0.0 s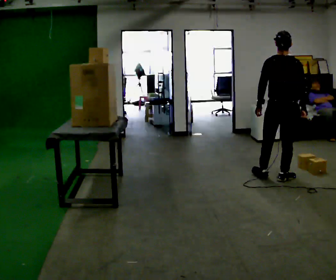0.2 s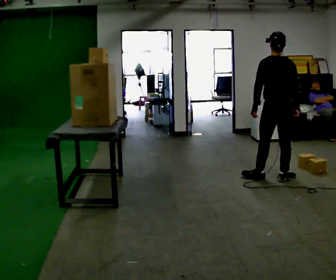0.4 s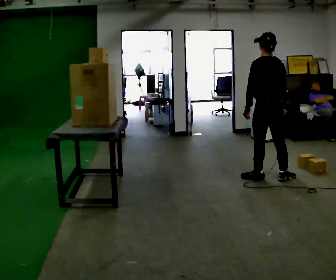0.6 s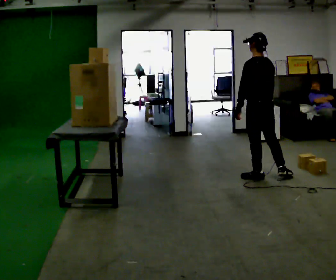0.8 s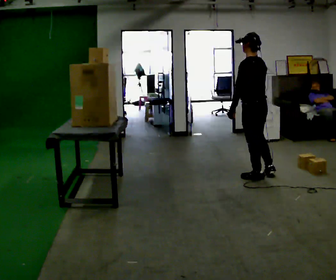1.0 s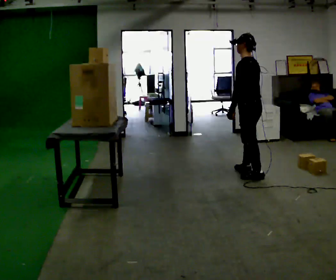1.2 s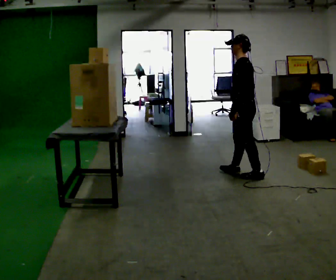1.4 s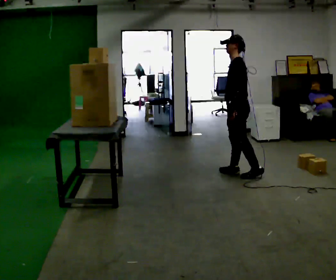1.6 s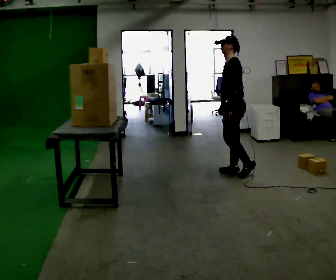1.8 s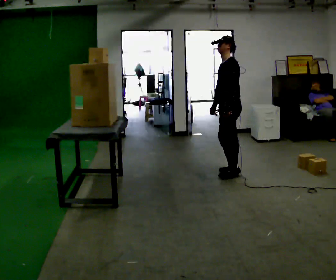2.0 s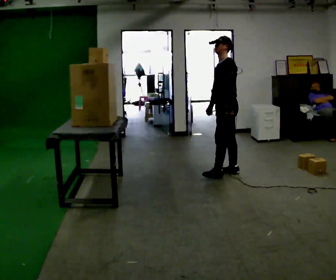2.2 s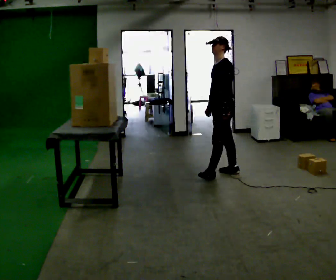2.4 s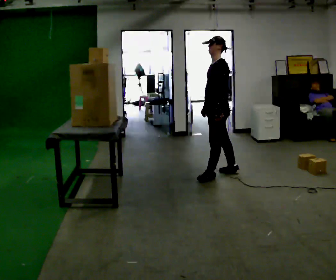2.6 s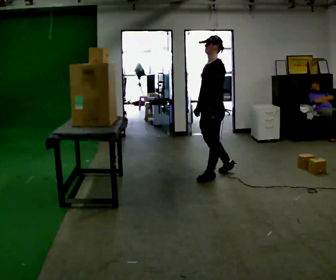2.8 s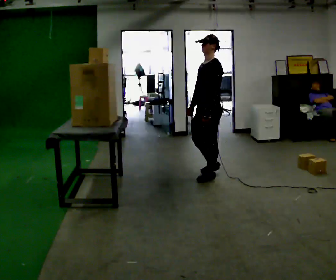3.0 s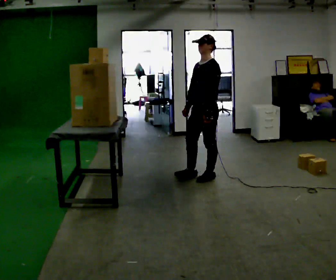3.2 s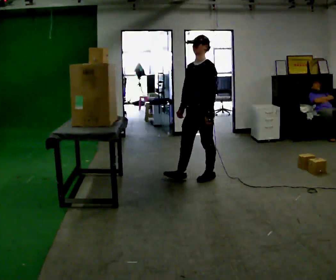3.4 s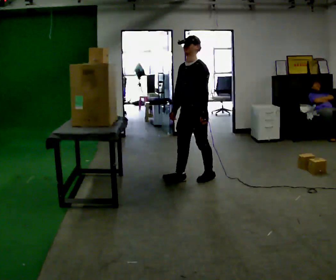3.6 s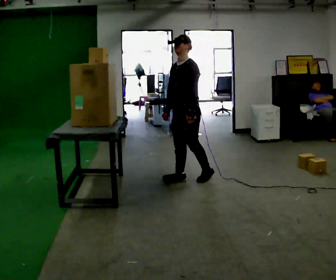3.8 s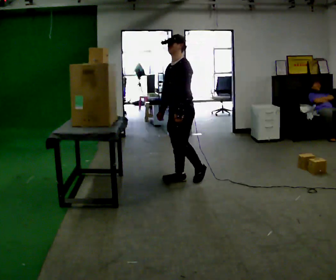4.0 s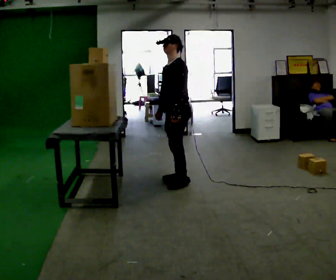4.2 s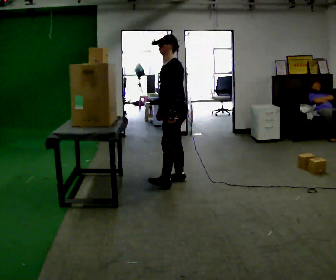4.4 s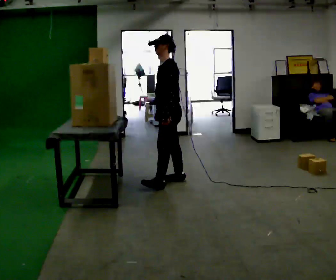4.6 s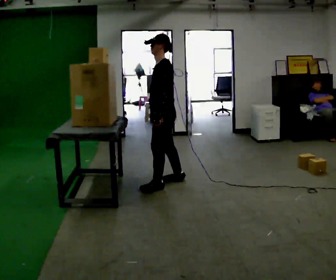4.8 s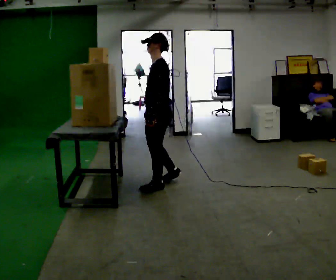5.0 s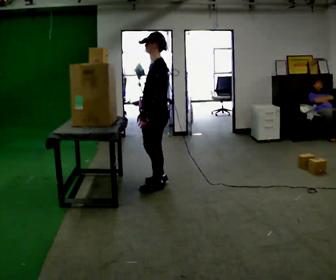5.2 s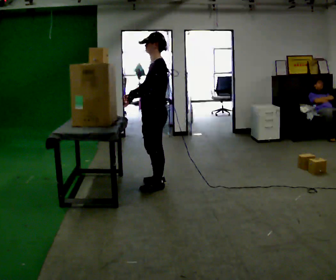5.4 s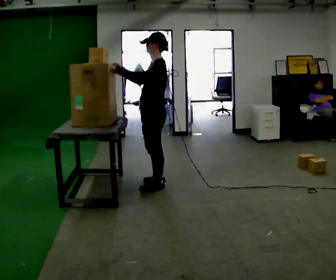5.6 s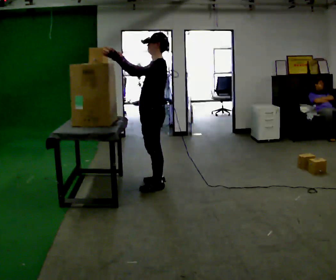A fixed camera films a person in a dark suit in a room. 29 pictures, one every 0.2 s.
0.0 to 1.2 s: The person turns about 75 degrees to their left, counterclockwise seen from above, so the part of the body nearest the lens slides to the right. In the picture they go to the left and away from the camera, about 0.5 m in 2 steps.
1.2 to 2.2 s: The part of the body nearest the lens slides to the right as the person turns to their left by about 30 degrees. In the picture they go to the left, about 0.25 m in 1 step, which for them is forward and to their right.
2.2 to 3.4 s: The person turns about 30 degrees to their left, counterclockwise seen from above, so the part of the body nearest the lens slides to the right. In the picture they go to the left and toward the camera, about 0.5 m in 1 step, which for them is forward.
3.4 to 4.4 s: In the picture they go to the left, about 0.25 m in 1 step, which for them is forward.
4.4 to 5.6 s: In the picture they go toward the camera, about 0.25 m in 1 step, which for them is forward and to their left. In the picture their right hand goes upward and to the left, the arm swinging clockwise.
The film runs forward here.
